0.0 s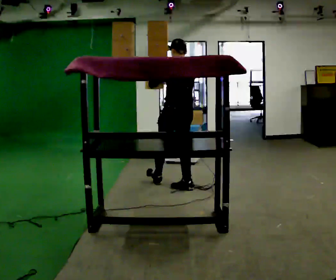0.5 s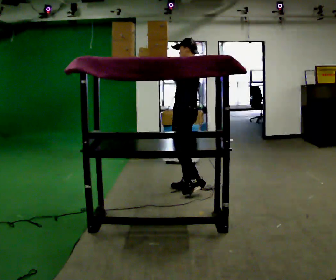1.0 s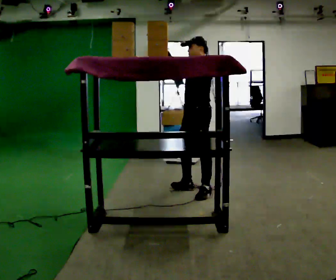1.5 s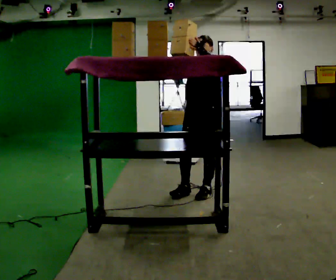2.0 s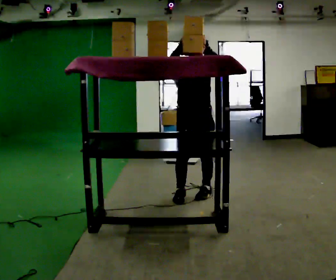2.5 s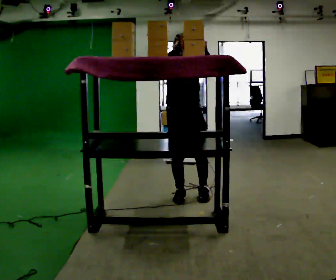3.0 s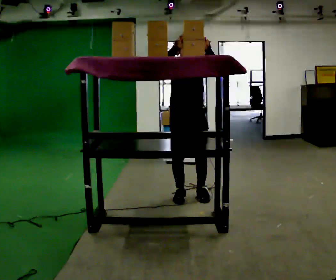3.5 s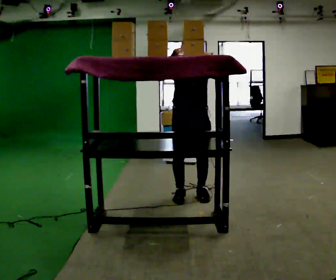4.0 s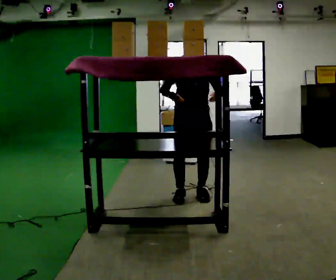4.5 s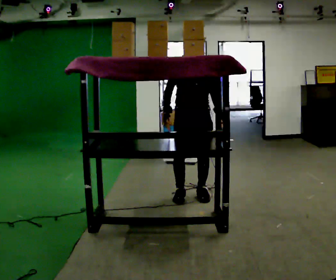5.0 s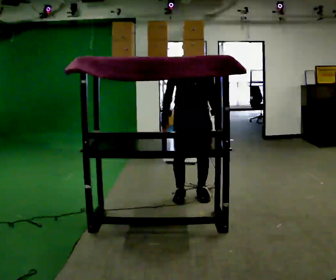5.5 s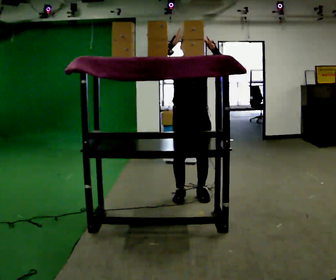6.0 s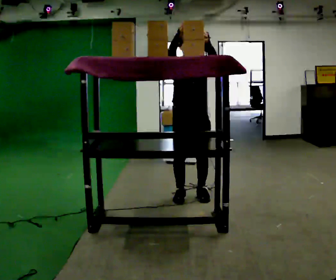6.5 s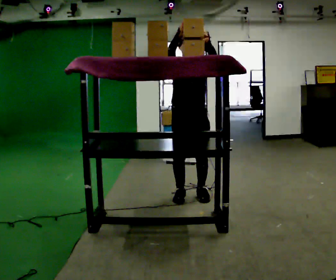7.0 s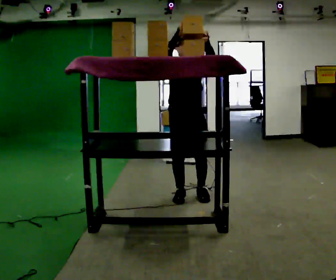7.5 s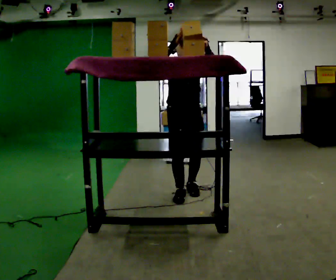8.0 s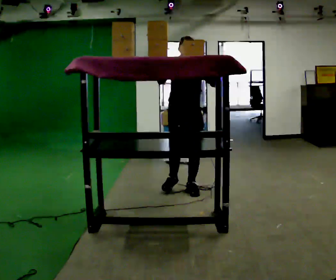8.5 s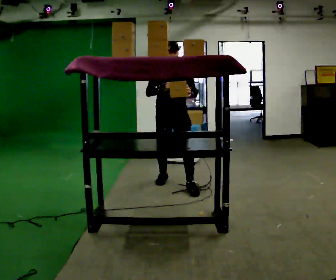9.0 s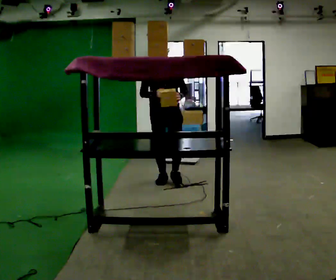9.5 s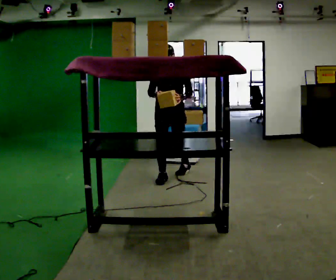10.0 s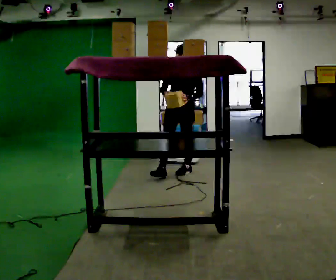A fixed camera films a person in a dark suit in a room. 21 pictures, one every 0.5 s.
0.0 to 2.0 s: The part of the body nearest the lens slides to the right as the person turns to their left by about 135 degrees. In the picture they go toward the camera and to the right, about 0.5 m in 1 step. In the picture their right hand goes upward.
2.0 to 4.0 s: In the picture their right hand goes downward.
4.0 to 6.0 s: In the picture their right hand goes upward.
6.0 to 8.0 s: In the picture they go away from the camera, about 0.25 m in 2 steps, which for them is backward.
8.0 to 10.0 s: The person turns about 30 degrees to their right, clockwise seen from above, so the part of the body nearest the lens slides to the left. In the picture they go away from the camera, about 1 m in 2 steps, which for them is backward. In the picture their right hand goes downward.
The film runs backward here.
